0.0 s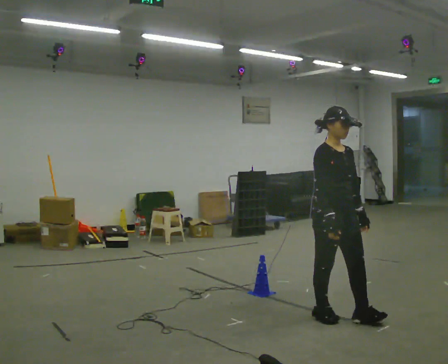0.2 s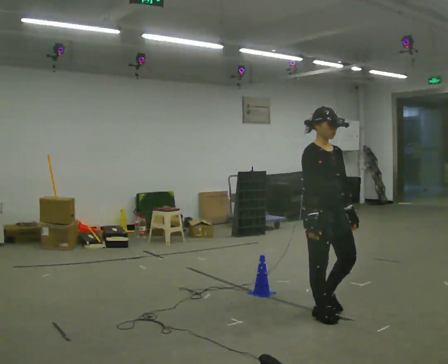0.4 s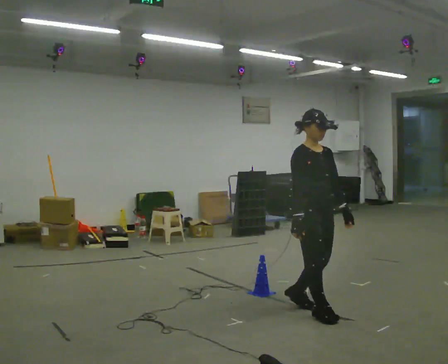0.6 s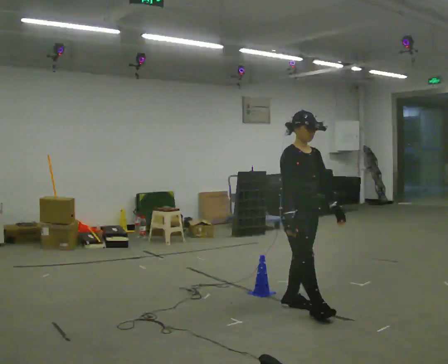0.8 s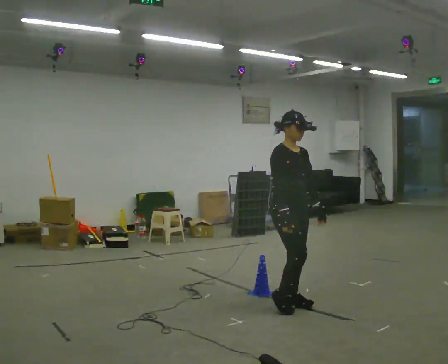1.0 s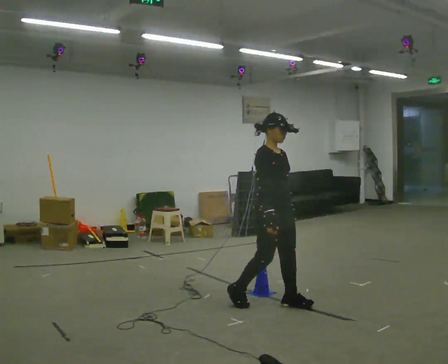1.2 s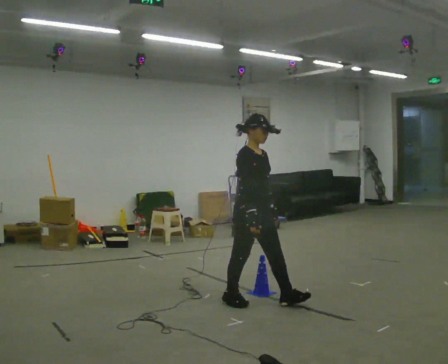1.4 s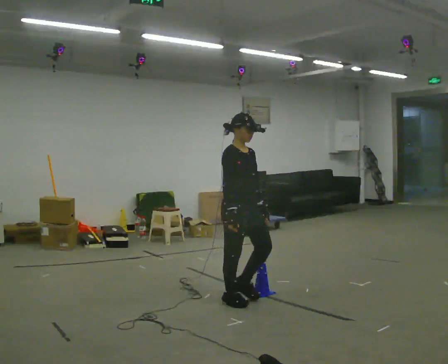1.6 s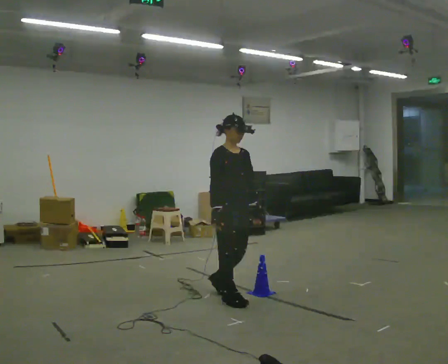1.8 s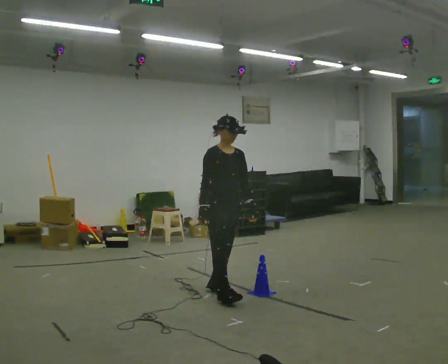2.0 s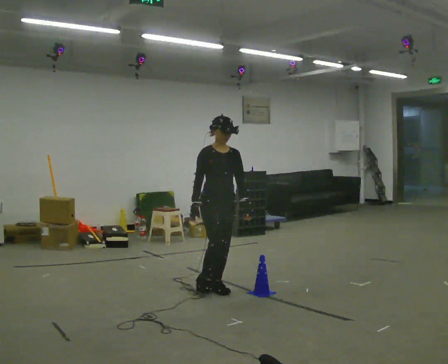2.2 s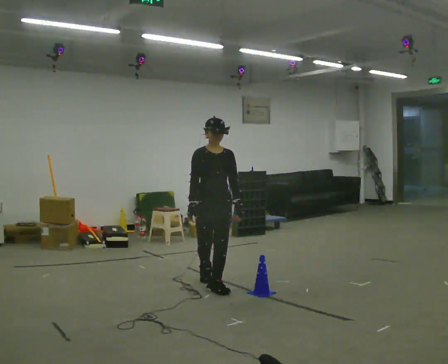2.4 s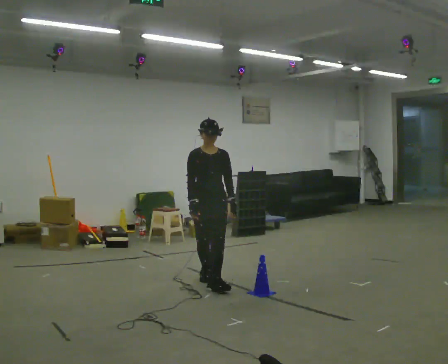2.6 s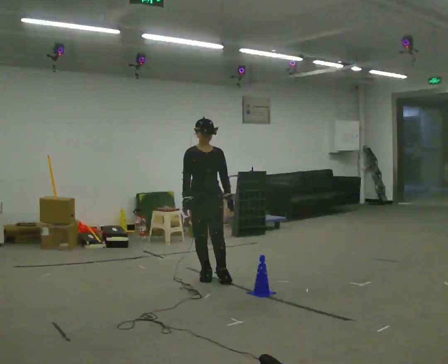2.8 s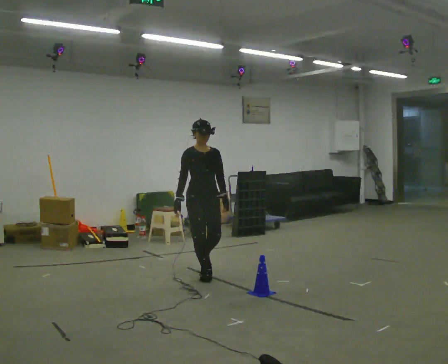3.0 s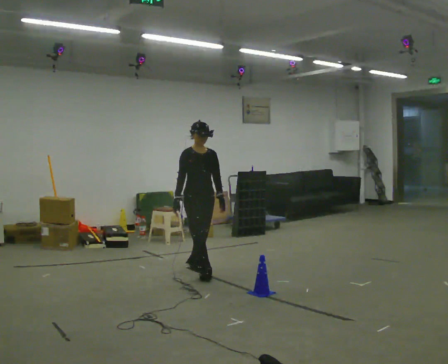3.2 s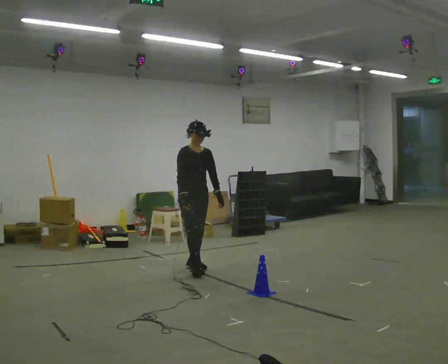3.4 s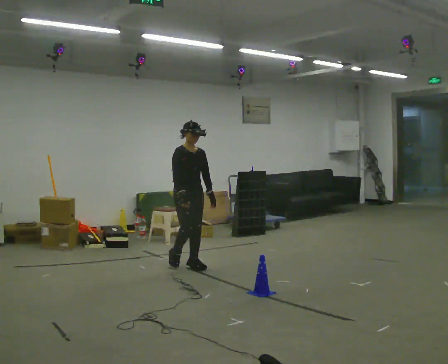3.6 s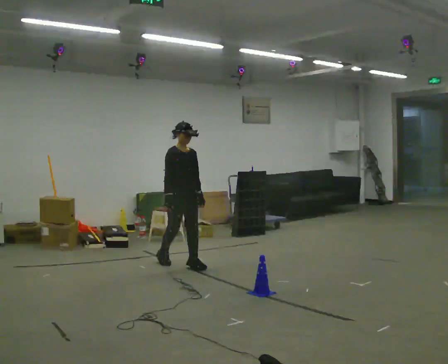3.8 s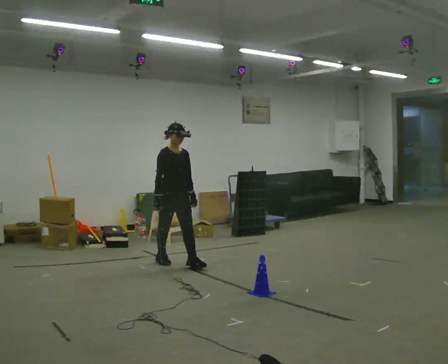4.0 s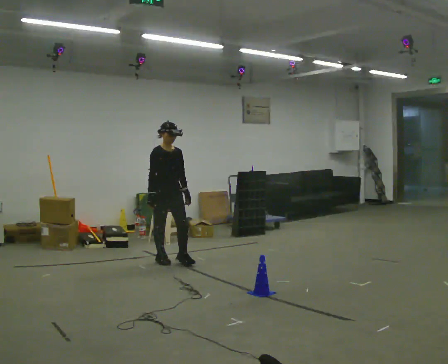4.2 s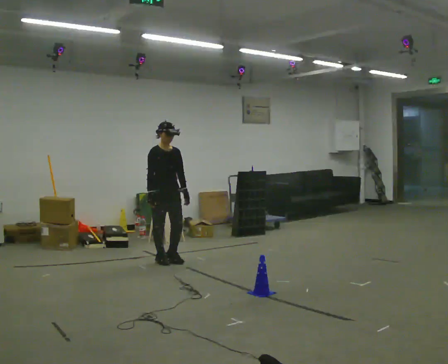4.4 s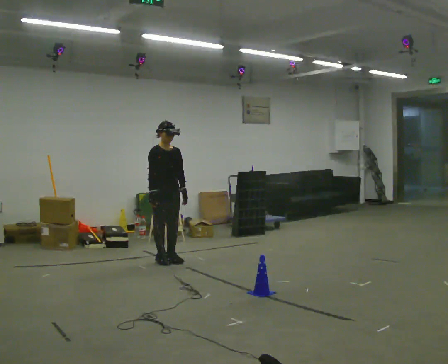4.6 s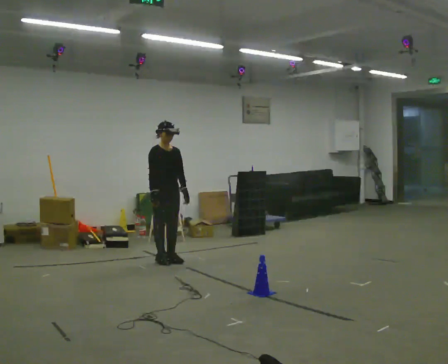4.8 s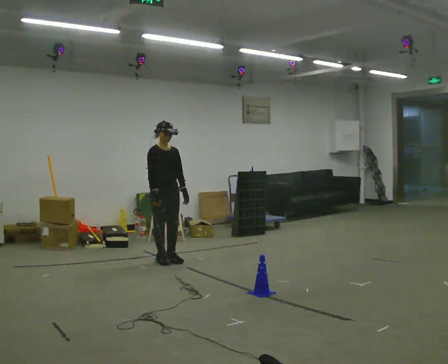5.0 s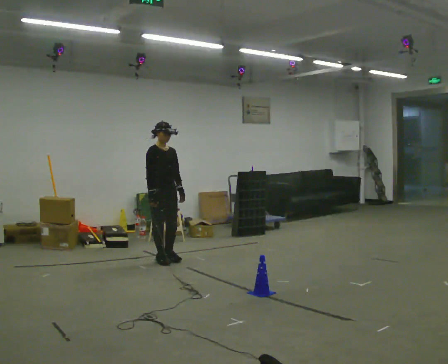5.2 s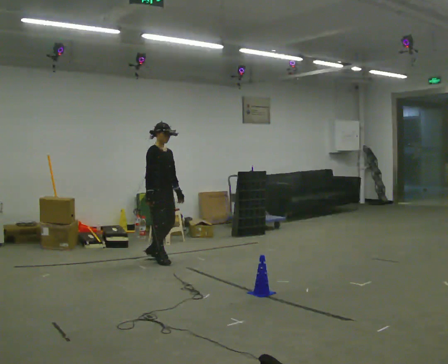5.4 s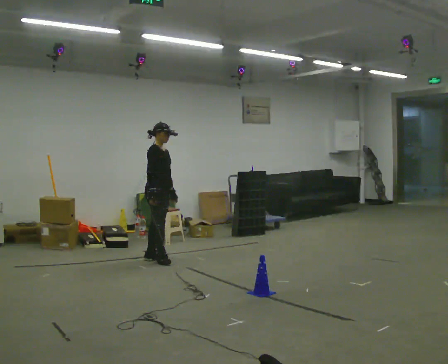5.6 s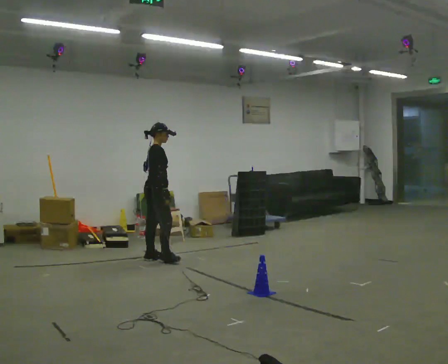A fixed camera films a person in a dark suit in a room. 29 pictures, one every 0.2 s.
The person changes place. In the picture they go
away from the camera.
0.0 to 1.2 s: In the picture they go to the left and away from the camera, about 0.5 m in 2 steps, which for them is backward.
1.2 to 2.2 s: The part of the body nearest the lens slides to the left as the person turns to their right by about 45 degrees. In the picture they go away from the camera and to the left, about 0.5 m in 1 step, which for them is backward.
2.2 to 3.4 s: In the picture they go away from the camera, about 1 m in 2 steps, which for them is backward.
3.4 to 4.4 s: In the picture they go to the left and away from the camera, about 0.5 m in 1 step, which for them is backward.
4.4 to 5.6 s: The part of the body nearest the lens slides to the right as the person turns to their left by about 60 degrees.
The film runs backward here.
